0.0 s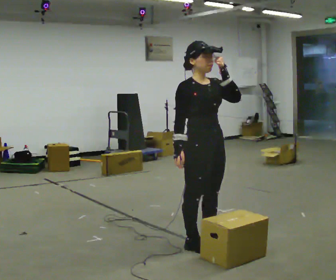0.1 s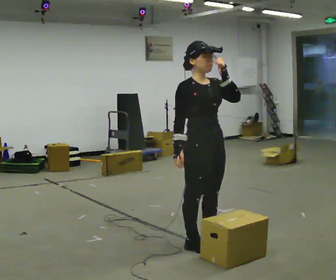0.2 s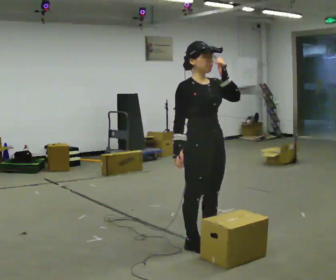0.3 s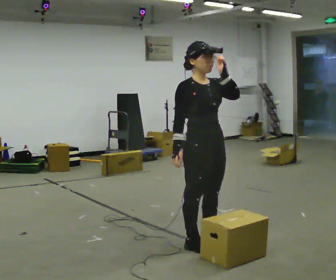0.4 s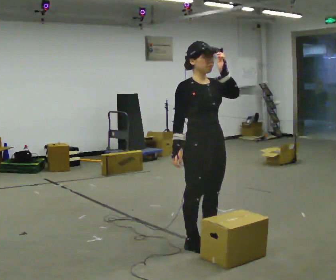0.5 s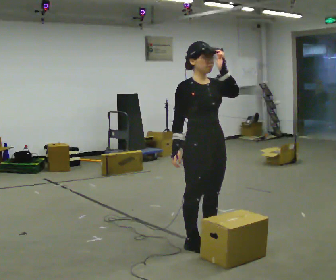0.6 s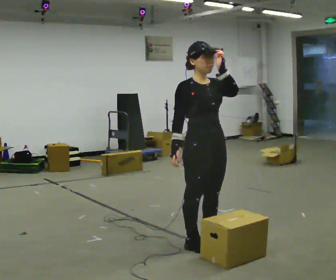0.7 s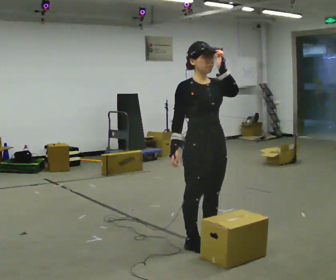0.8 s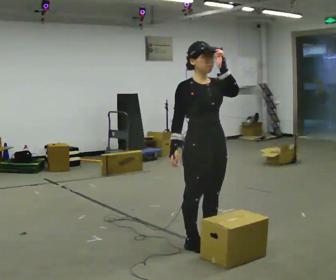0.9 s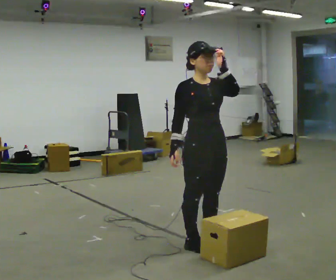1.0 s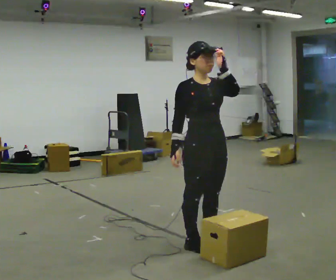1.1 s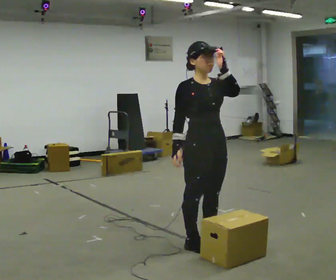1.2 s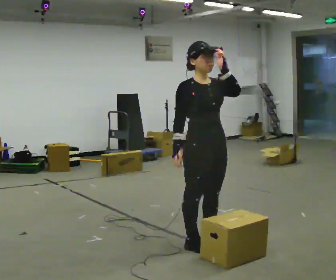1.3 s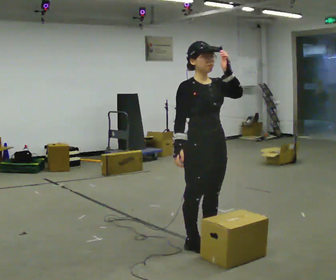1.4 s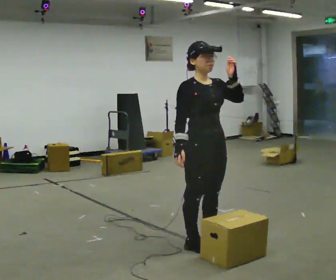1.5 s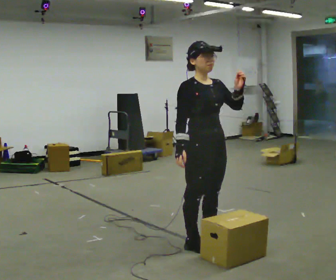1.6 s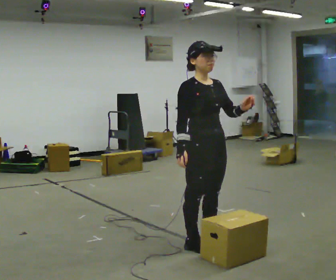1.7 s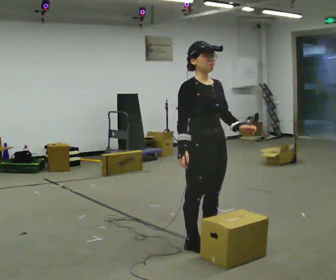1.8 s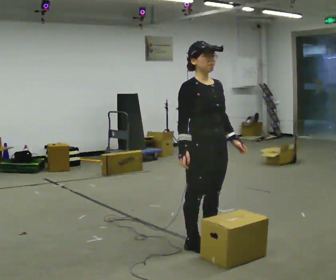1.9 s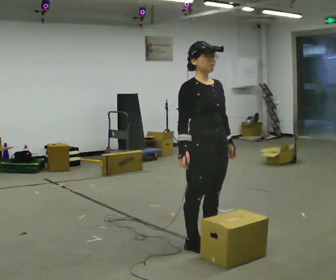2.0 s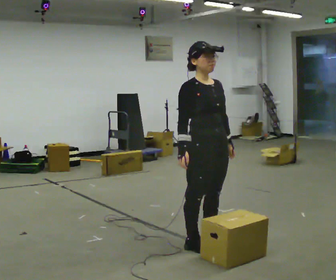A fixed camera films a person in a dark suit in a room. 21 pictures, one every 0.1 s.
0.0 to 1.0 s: The person moves a little, or ends about where they began.
1.0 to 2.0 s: In the picture their left hand goes downward.
The film runs backward here.
